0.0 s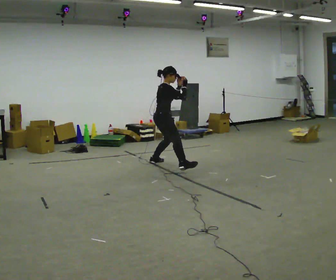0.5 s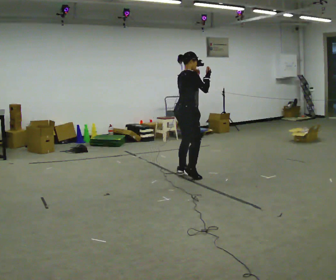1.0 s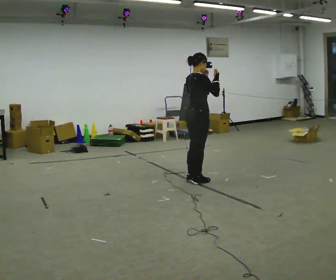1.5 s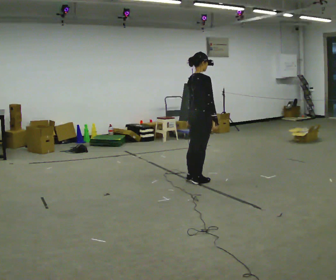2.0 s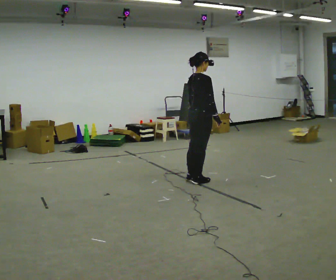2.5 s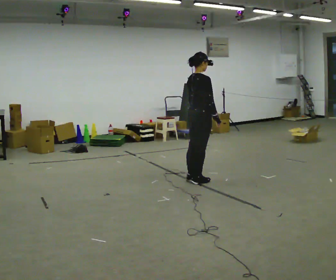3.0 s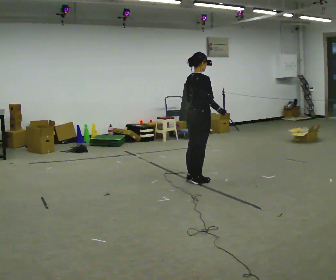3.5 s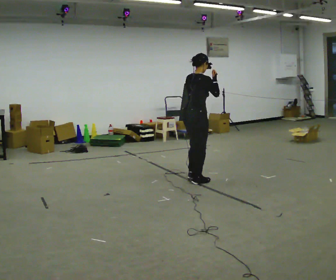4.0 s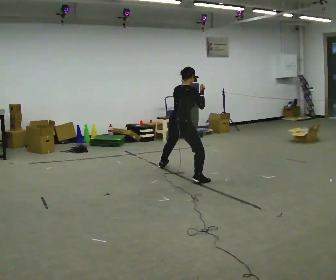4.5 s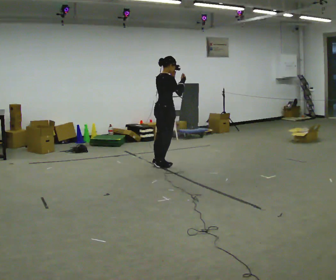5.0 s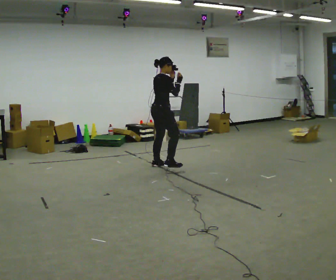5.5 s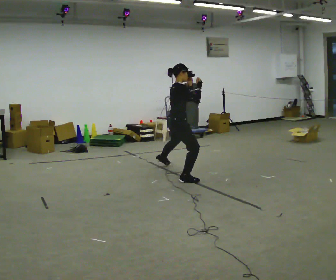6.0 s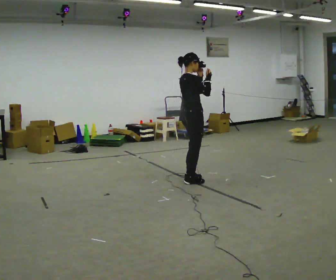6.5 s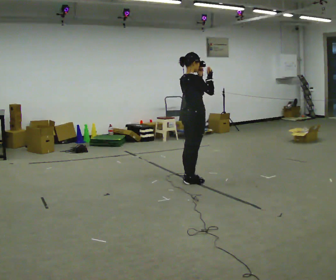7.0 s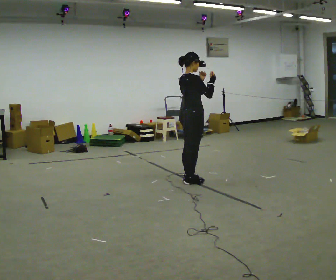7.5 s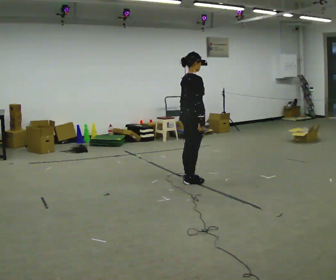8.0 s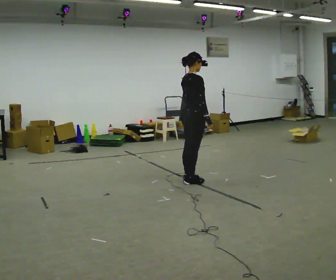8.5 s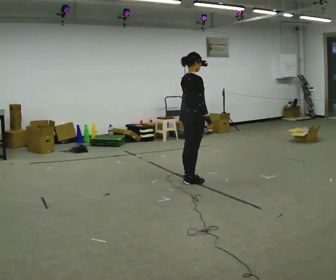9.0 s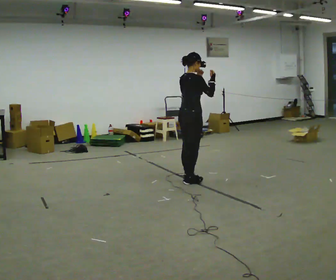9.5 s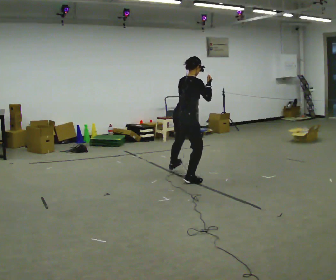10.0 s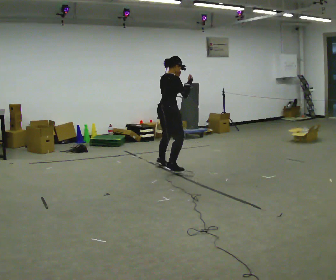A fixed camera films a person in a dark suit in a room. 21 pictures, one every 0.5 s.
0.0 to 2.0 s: In the picture they go toward the camera and to the right, about 1 m in 3 steps, which for them is to their right. In the picture their left hand goes downward.
2.0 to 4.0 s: In the picture they go away from the camera and to the left, about 0.5 m, which for them is to their left. In the picture their left hand goes upward.
4.0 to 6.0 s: The part of the body nearest the lens slides to the left as the person turns to their right by about 30 degrees. In the picture they go toward the camera and to the right, about 0.5 m in 4 steps, which for them is to their right.
6.0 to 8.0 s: In the picture their left hand goes downward.
8.0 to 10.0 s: In the picture they go away from the camera and to the left, about 0.5 m in 1 step, which for them is to their left. In the picture their left hand goes upward.
The film runs forward here.
